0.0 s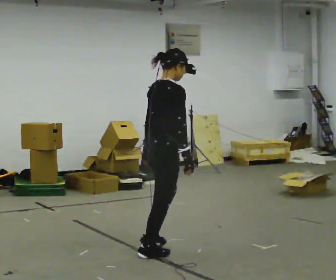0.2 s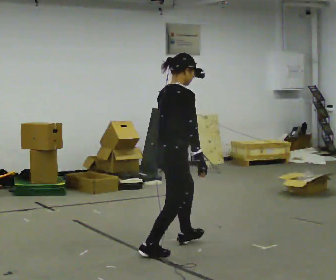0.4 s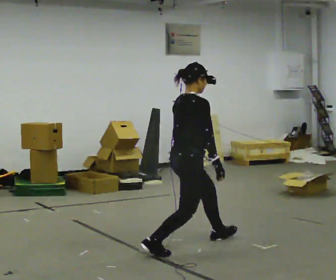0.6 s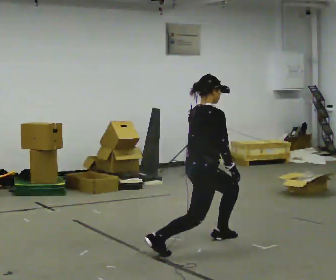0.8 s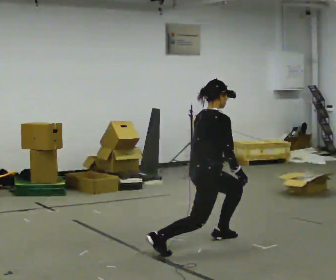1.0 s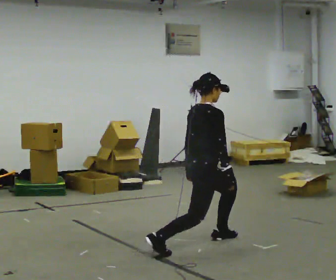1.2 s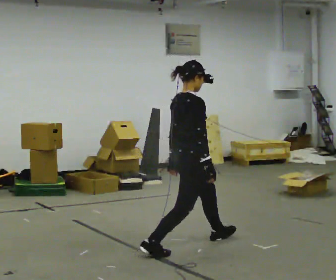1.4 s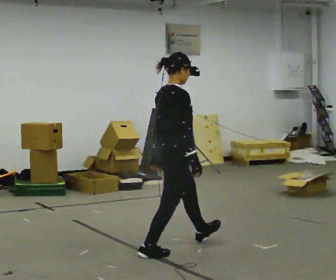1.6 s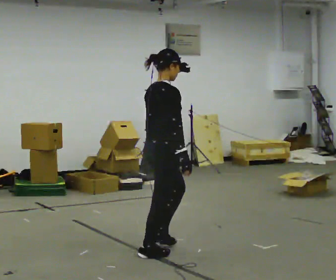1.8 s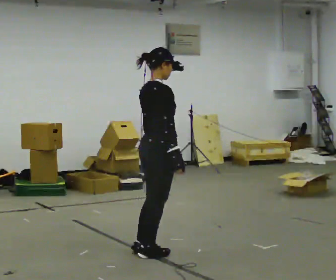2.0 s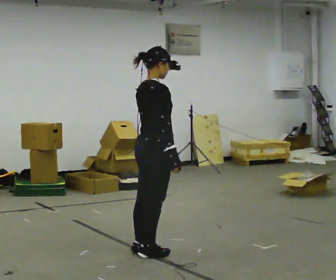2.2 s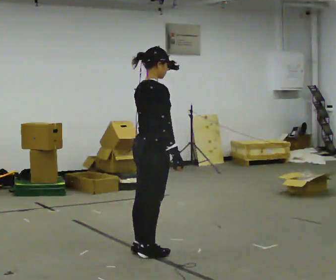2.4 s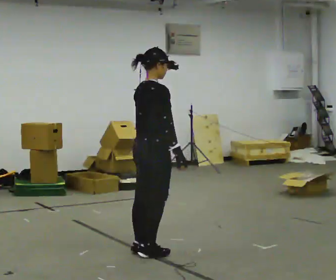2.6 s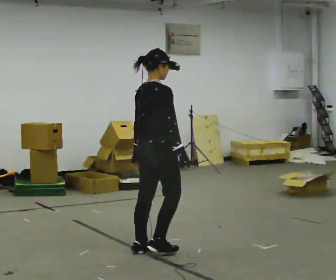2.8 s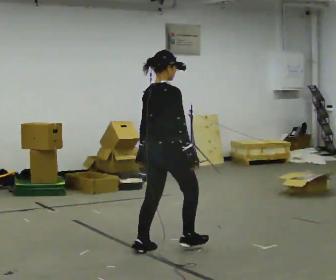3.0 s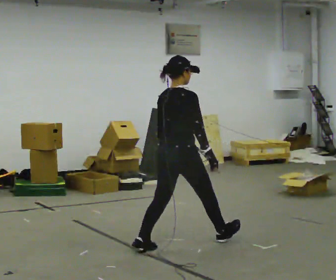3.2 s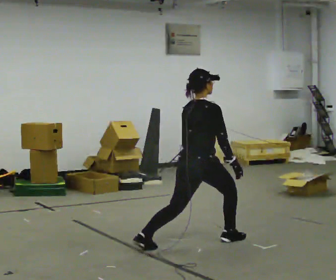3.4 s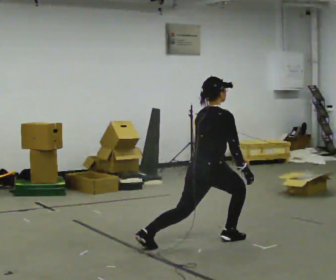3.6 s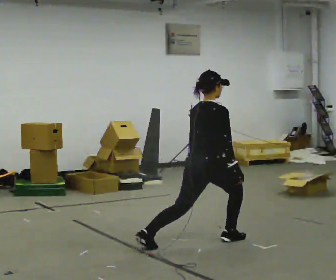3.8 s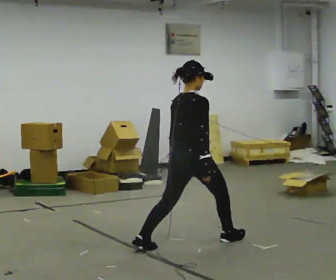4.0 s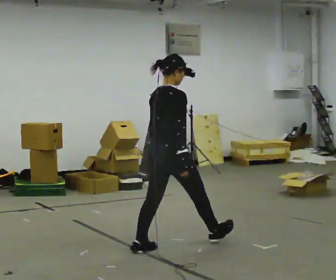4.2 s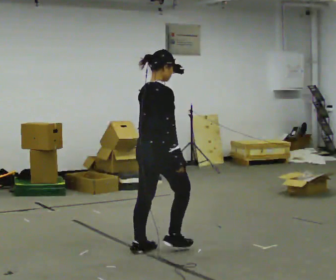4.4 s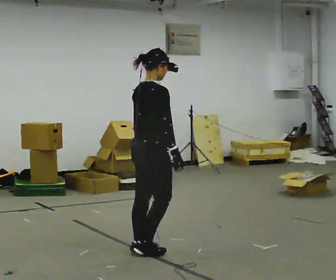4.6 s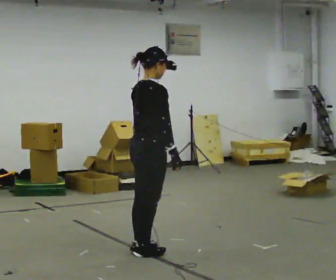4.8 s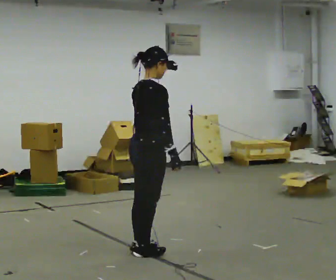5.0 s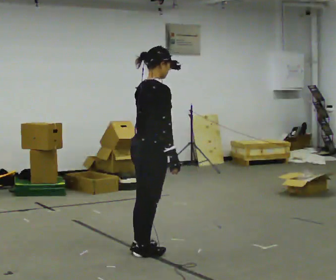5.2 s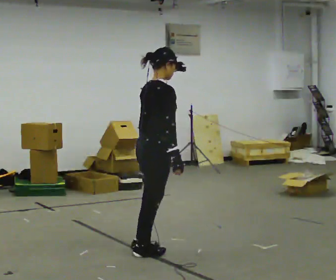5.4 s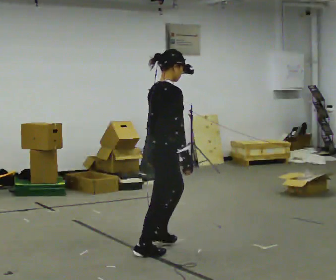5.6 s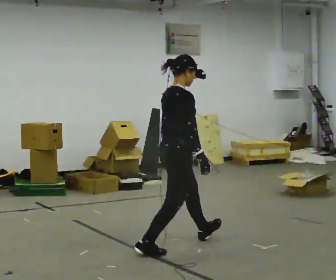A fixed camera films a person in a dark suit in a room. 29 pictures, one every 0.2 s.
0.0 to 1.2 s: In the picture they go to the right and away from the camera, about 0.25 m, which for them is forward.
1.2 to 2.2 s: In the picture they go to the left and toward the camera, about 0.25 m in 1 step, which for them is backward.
2.2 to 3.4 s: In the picture they go to the right and away from the camera, about 0.5 m in 1 step, which for them is forward. The upper body goes downward.
3.4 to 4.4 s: In the picture they go to the left and toward the camera, about 0.5 m in 1 step, which for them is backward and to their left. The upper body goes upward.
4.4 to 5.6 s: In the picture they go to the right, about 0.25 m in 1 step, which for them is forward.
The film runs backward here.
